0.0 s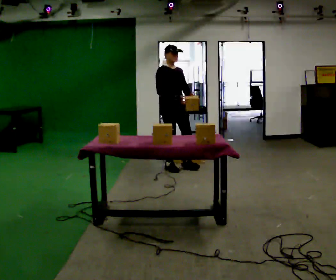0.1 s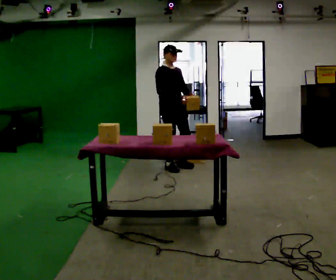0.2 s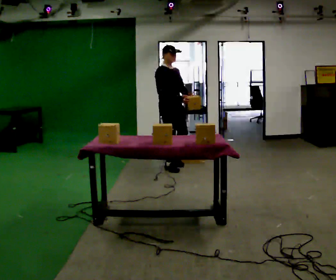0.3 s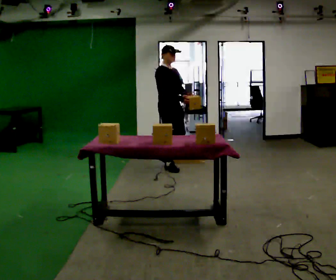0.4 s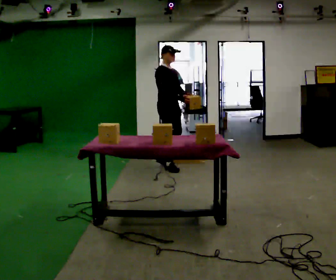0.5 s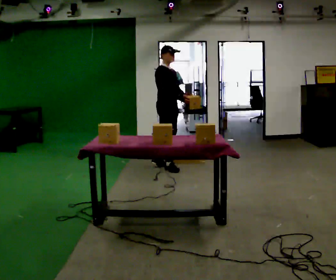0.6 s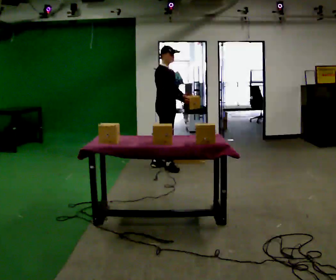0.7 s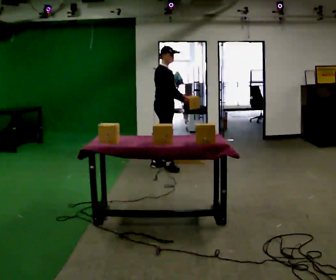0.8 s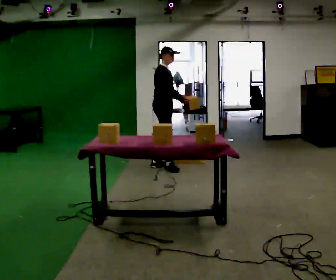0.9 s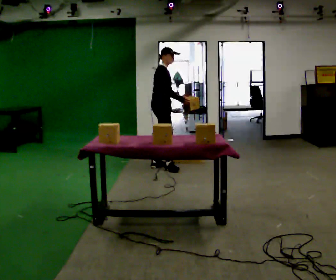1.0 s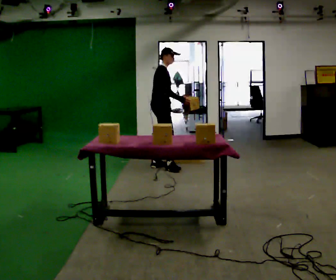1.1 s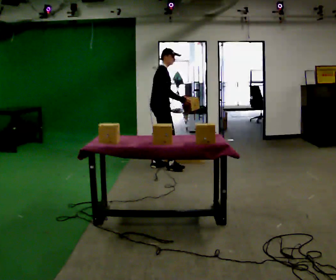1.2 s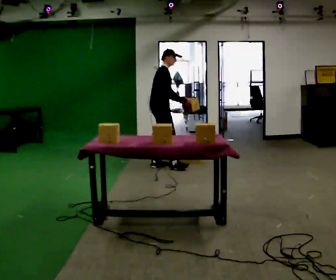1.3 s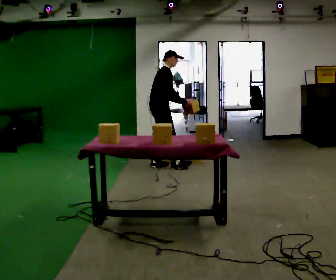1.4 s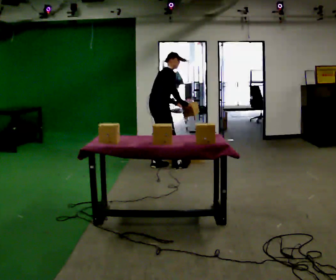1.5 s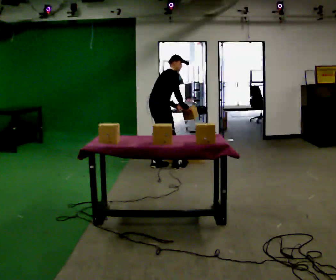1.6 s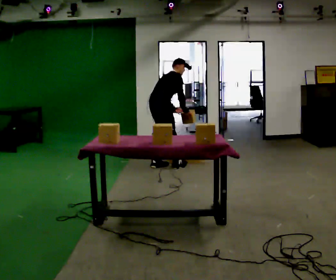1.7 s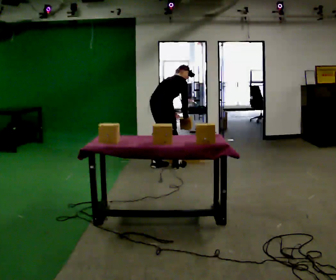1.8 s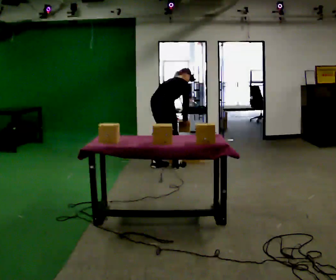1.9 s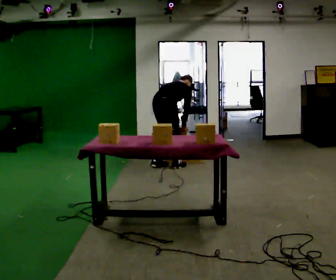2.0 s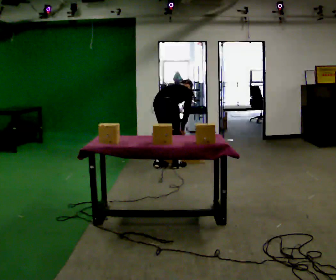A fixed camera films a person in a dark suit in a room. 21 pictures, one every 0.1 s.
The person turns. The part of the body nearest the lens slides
to the right.
The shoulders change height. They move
downward.
0.0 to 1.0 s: Seen from above the body turns counterclockwise, about 45 degrees: to their left, with its near side sliding to the right. In the picture they go away from the camera and to the left, about 0.25 m, which for them is backward and to their left.
1.0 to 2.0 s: The part of the body nearest the lens slides to the right as the person turns to their left by about 60 degrees. In the picture they go toward the camera, about 0.25 m in 1 step. The shoulders move downward. The upper body tips away from the camera, its near side rolling upward, as they bend forward. In the picture their left hand goes downward, the arm swinging clockwise.
The film runs backward here.
